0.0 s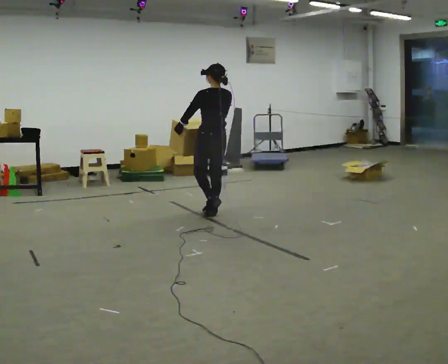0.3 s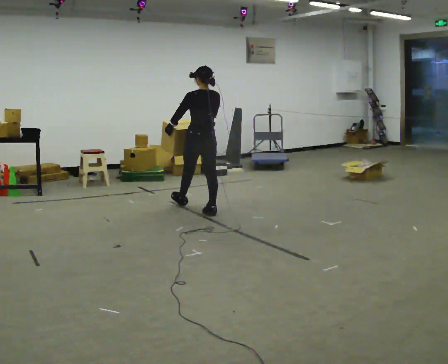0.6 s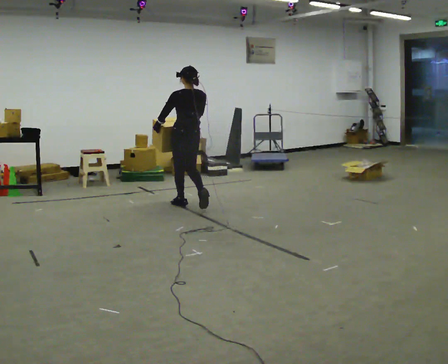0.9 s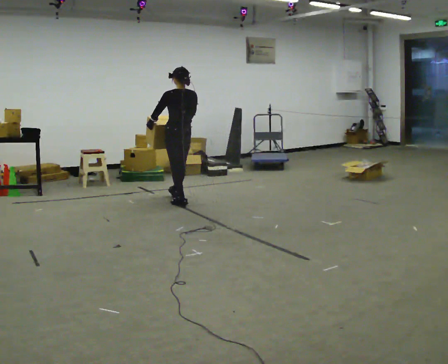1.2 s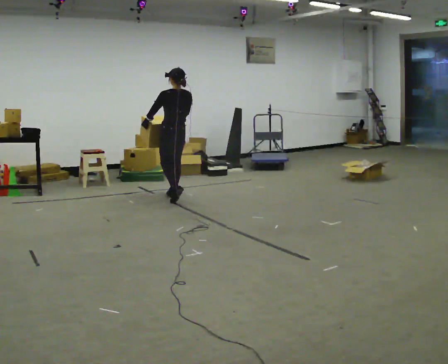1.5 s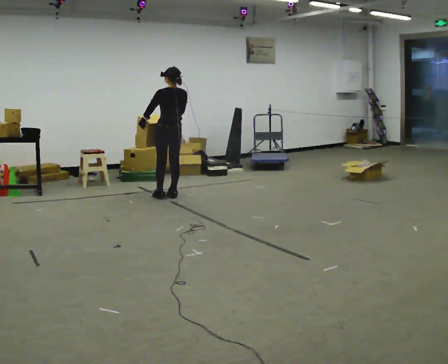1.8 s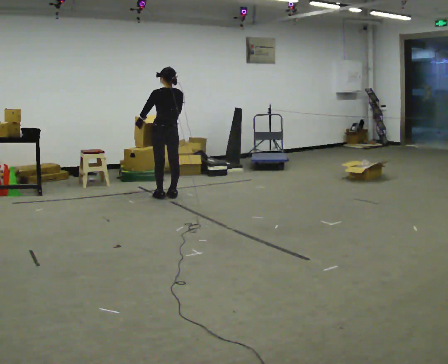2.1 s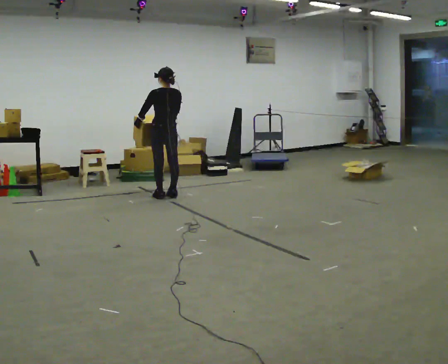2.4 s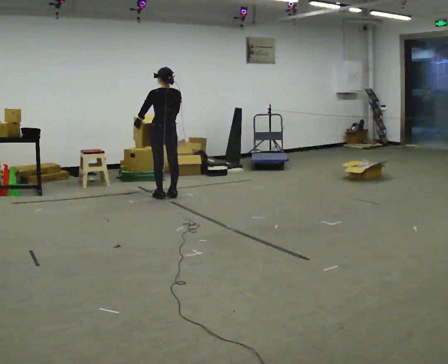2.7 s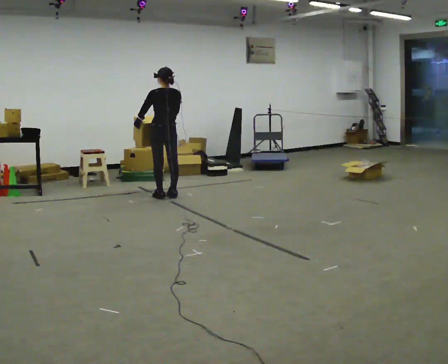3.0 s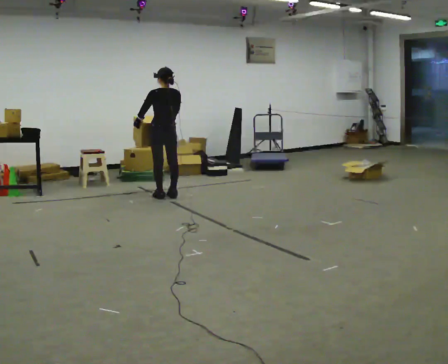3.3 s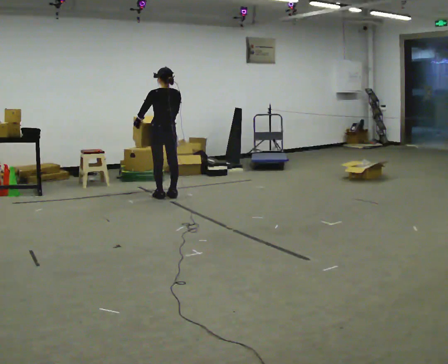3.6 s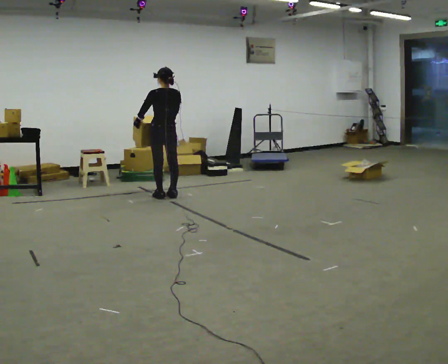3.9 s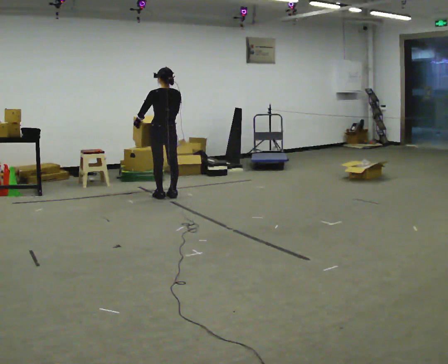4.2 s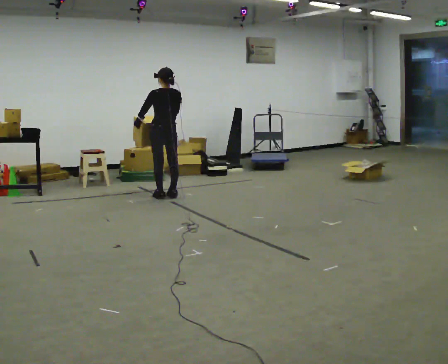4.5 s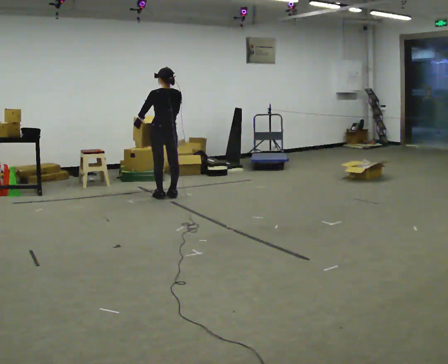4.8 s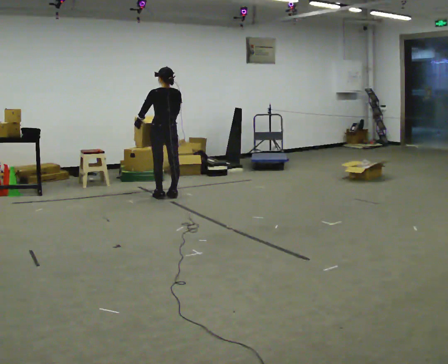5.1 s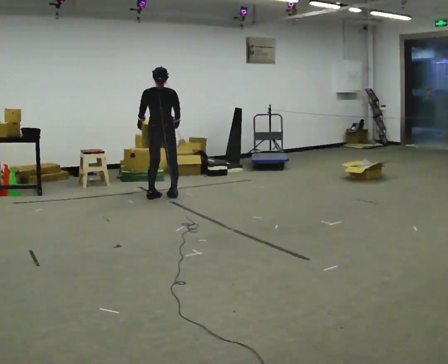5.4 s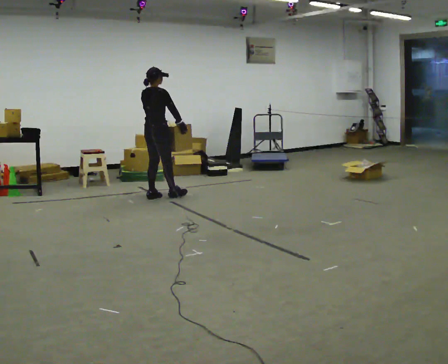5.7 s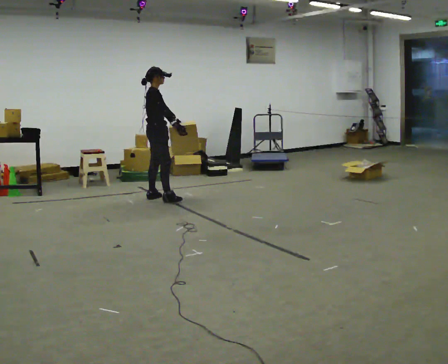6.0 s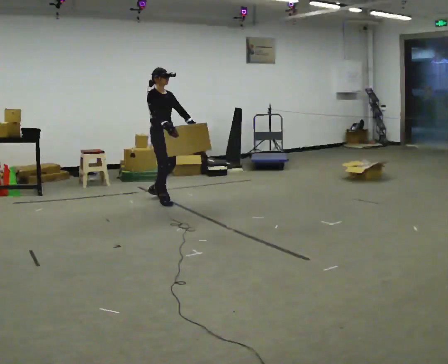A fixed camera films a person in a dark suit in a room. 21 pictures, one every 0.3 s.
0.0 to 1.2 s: In the picture they go away from the camera and to the left, about 1 m in 2 steps, which for them is forward.
1.2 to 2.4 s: The person moves a little, or ends about where they began.
2.4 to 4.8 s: The person keeps their place and pose.
4.8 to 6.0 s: The person turns about 150 degrees to their right, clockwise seen from above, so the part of the body nearest the lens slides to the left. In the picture they go toward the camera, about 0.25 m in 1 step.
The film runs forward here.
